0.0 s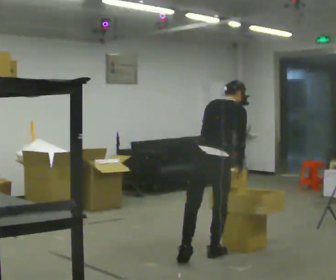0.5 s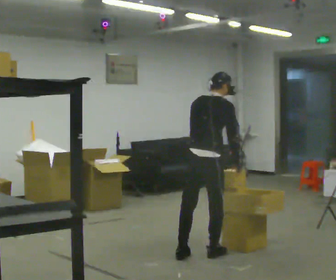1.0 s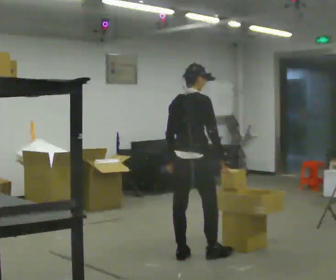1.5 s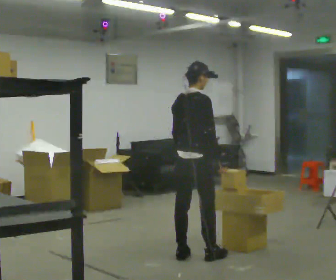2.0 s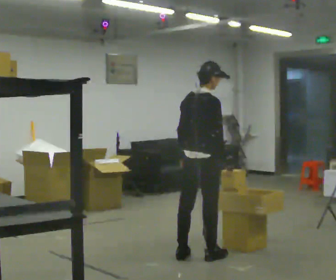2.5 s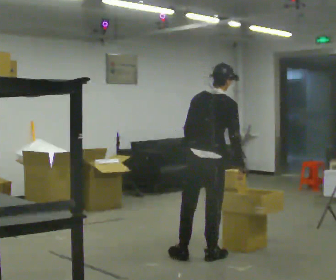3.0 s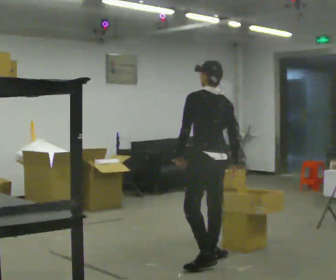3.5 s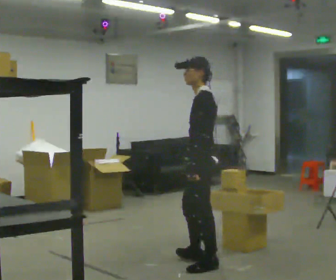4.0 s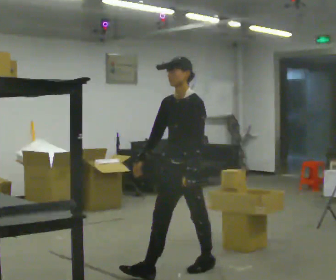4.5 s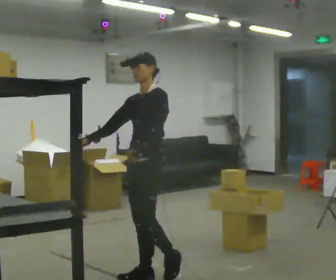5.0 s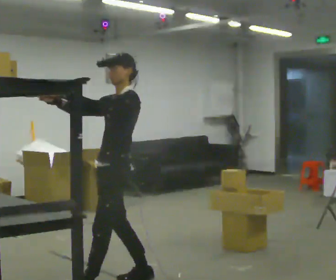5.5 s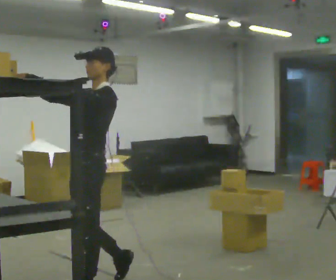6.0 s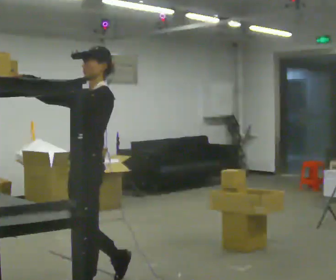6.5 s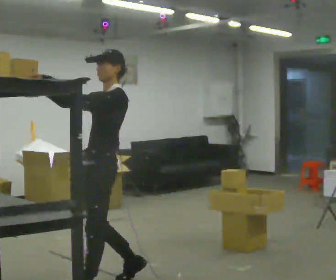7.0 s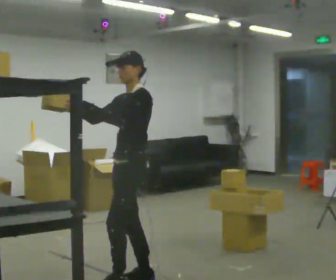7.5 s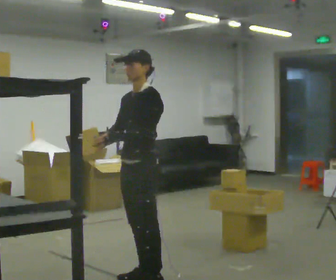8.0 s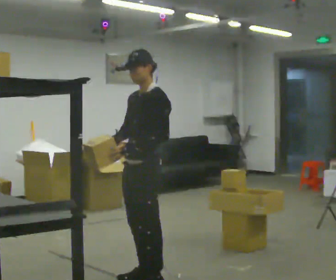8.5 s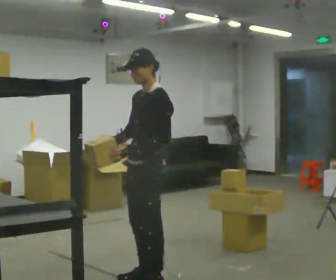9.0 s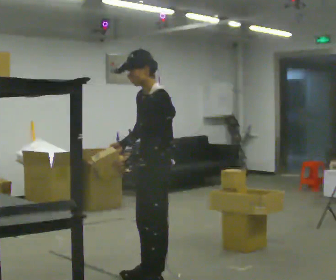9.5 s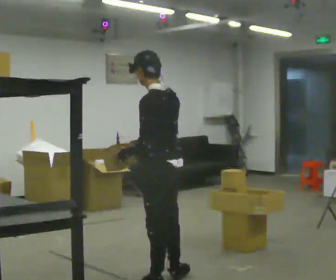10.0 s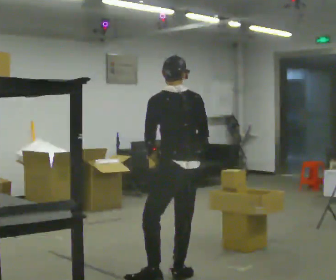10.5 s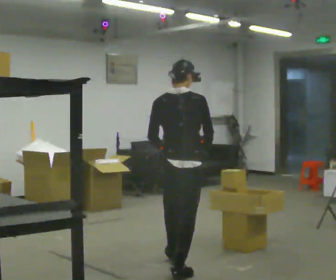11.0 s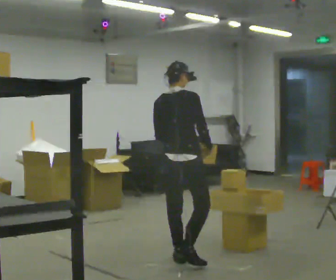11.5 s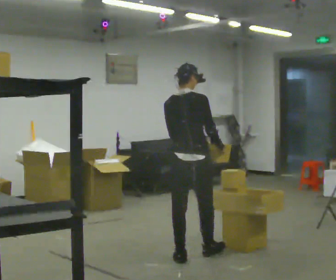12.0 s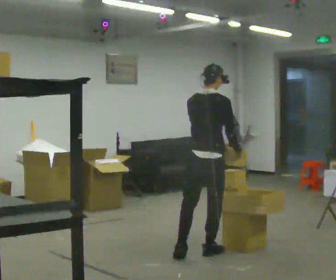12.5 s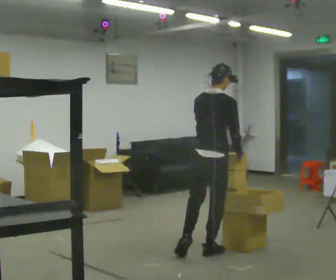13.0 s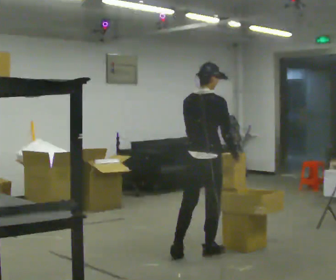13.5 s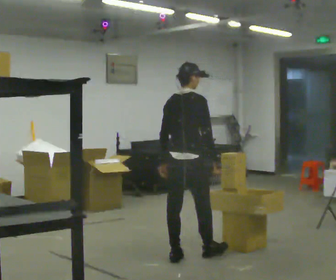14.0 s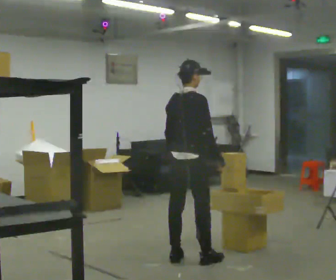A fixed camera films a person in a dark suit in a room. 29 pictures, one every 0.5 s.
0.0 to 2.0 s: The upper body tips toward the camera, its near side rolling downward, as they lean back or straighten.
2.0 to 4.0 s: The part of the body nearest the lens slides to the right as the person turns to their left by about 180 degrees. In the picture they go toward the camera, about 0.5 m in 1 step.
4.0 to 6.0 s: In the picture they go to the left and toward the camera, about 1 m in 3 steps, which for them is forward. In the picture their left hand goes upward.
6.0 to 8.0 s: In the picture they go to the right and away from the camera, about 0.5 m in 1 step, which for them is backward. In the picture their left hand goes downward, the arm swinging counterclockwise.
8.0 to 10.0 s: The person turns about 90 degrees to their right, clockwise seen from above, so the part of the body nearest the lens slides to the left. In the picture they go to the right, about 0.25 m in 1 step.
10.0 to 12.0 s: The person turns about 45 degrees to their right, clockwise seen from above, so the part of the body nearest the lens slides to the left. In the picture they go away from the camera, about 0.5 m in 2 steps, which for them is forward.
12.0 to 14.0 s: In the picture they go to the left and toward the camera, about 0.25 m in 1 step, which for them is backward. In the picture their left hand goes to the left.
The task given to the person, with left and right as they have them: Take an object down from the highest shelf you can comfortably reach, carry it across, and place it on the waist-height shelf. Keep going until the operator says stop; one object at a time, and do not rush between trips.
The film runs forward here.
